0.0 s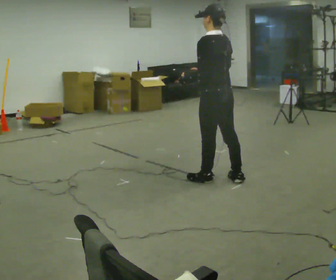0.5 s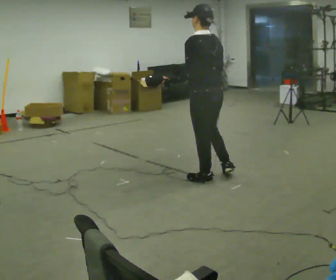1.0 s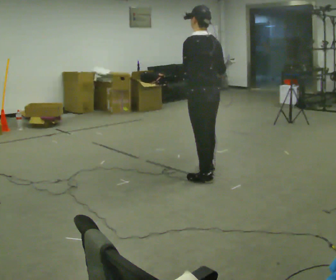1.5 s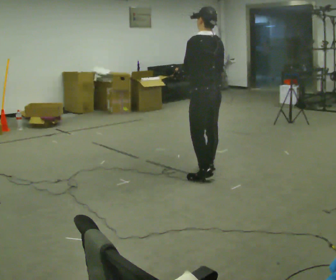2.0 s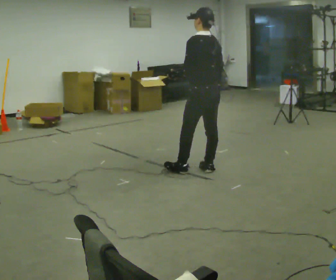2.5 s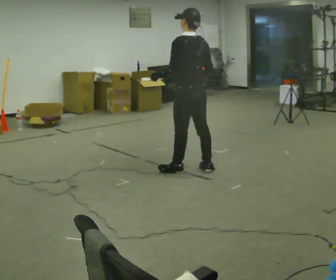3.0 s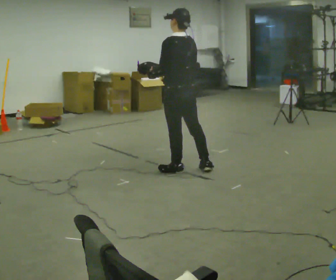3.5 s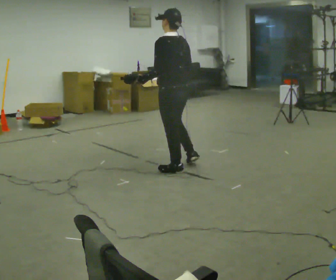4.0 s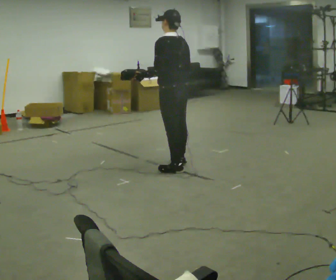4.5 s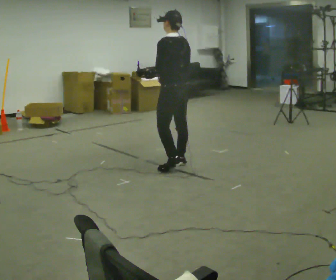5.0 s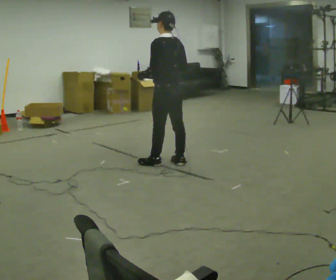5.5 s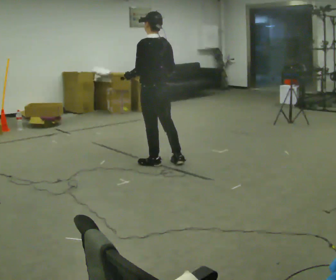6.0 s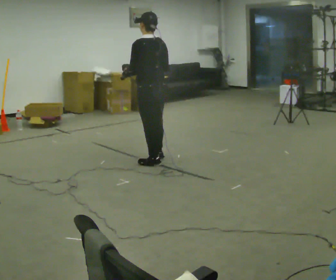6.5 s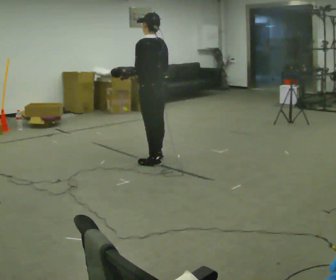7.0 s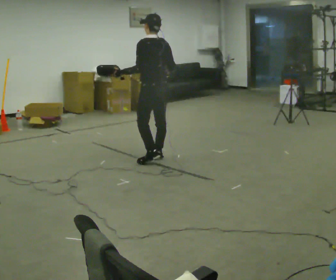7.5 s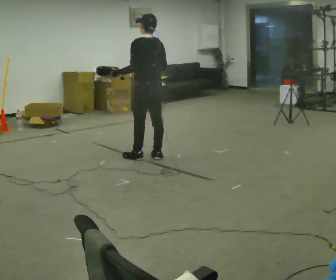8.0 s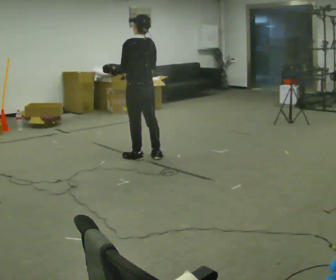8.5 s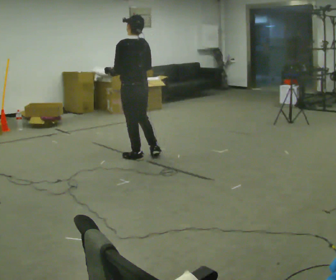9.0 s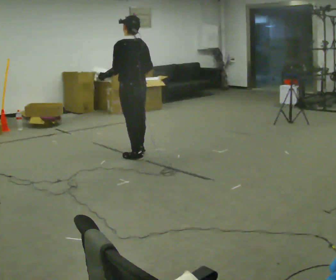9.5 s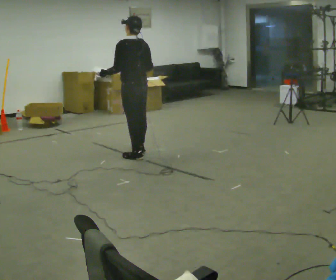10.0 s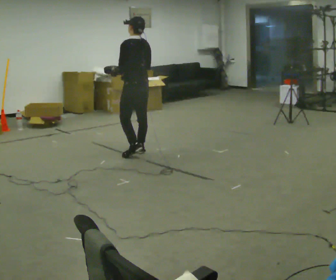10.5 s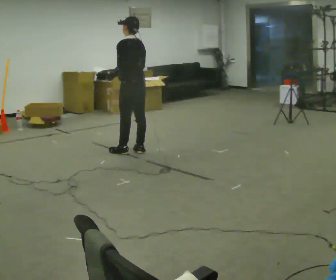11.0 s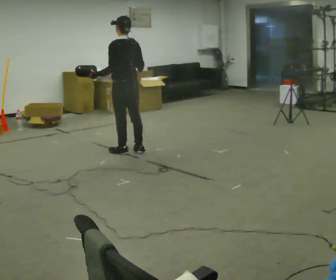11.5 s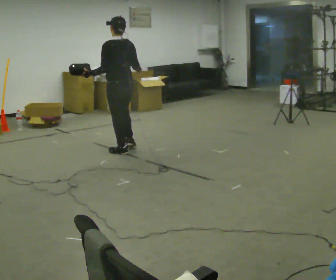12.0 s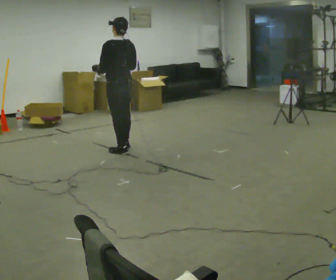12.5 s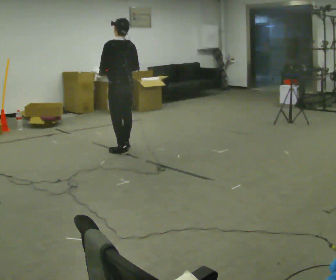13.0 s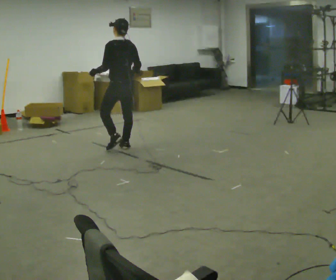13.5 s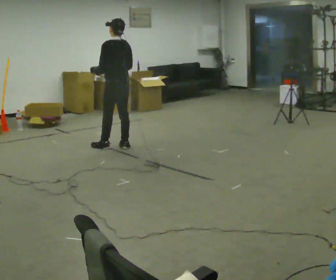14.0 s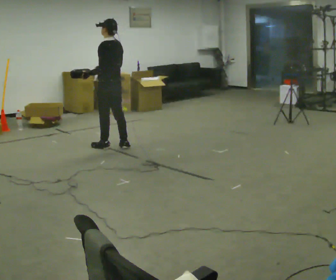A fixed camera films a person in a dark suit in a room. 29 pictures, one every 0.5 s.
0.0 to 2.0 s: In the picture they go away from the camera, about 0.25 m in 1 step, which for them is forward and to their right.
2.0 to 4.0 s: In the picture they go to the left and away from the camera, about 0.25 m in 2 steps, which for them is forward.
4.0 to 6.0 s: In the picture they go to the left and away from the camera, about 0.25 m in 2 steps, which for them is forward.
6.0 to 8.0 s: In the picture they go away from the camera, about 0.25 m in 1 step, which for them is forward.
8.0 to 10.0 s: In the picture they go away from the camera, about 0.25 m in 1 step, which for them is forward.
10.0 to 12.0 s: In the picture they go to the left, about 0.25 m in 2 steps, which for them is forward.
12.0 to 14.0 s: In the picture they go away from the camera and to the left, about 0.25 m in 1 step, which for them is forward.
The film runs forward here.
